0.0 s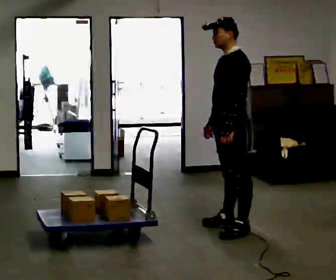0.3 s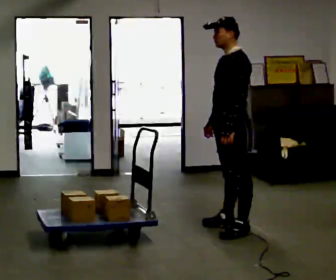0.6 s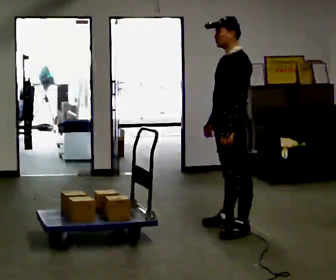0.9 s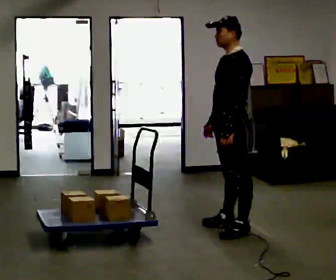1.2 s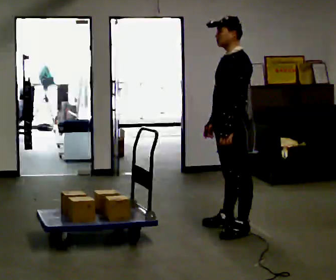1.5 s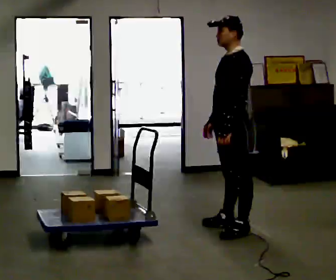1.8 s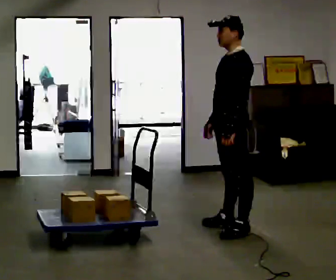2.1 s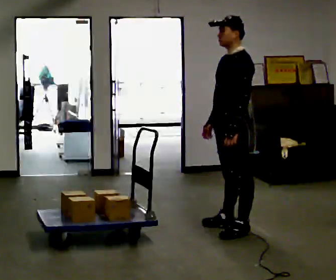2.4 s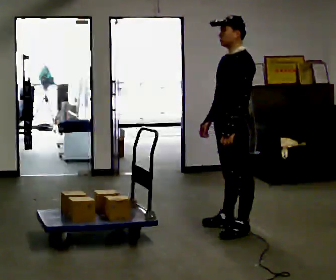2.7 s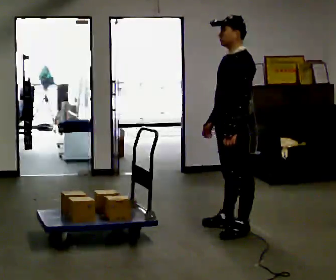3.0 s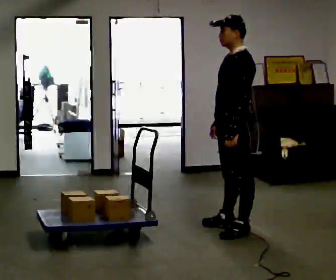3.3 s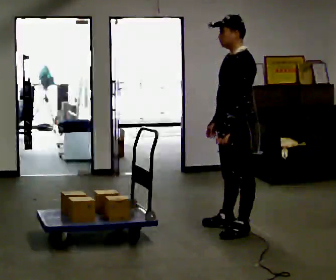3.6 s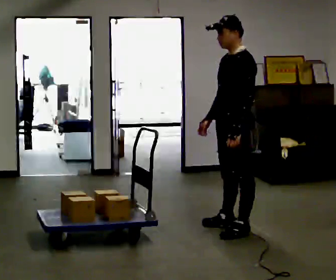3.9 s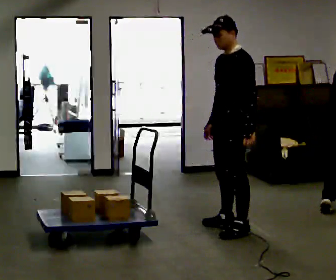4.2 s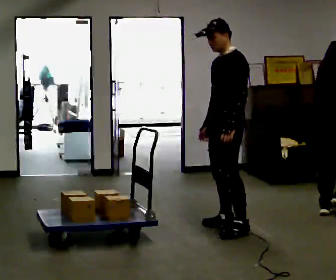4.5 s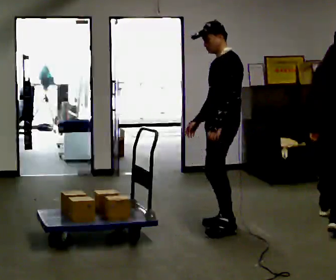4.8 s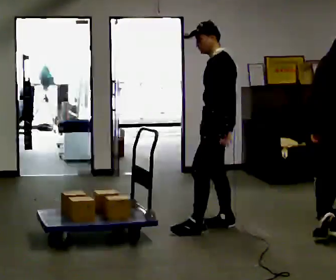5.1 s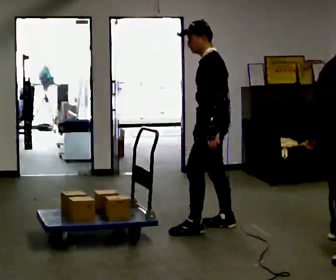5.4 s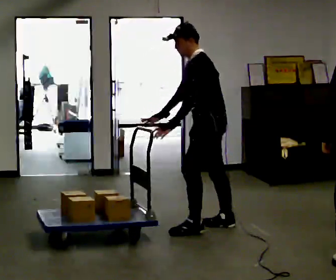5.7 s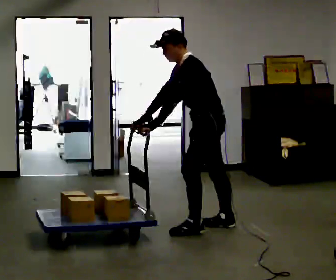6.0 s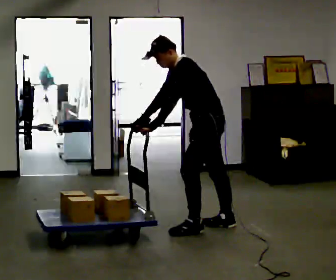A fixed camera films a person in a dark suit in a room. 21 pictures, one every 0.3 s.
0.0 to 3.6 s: The person moves a little, or ends about where they began.
3.6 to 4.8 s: In the picture they go away from the camera, about 0.25 m in 1 step, which for them is to their right.
4.8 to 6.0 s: In the picture the upper body tilts counterclockwise, shoulders to the left, as they bend forward. In the picture their right hand goes to the left.
The film runs backward here.
